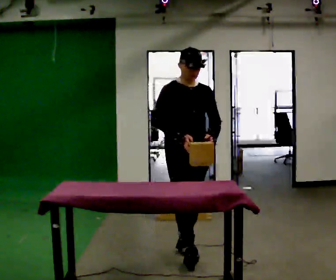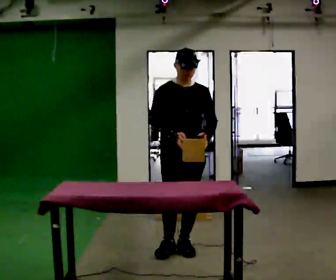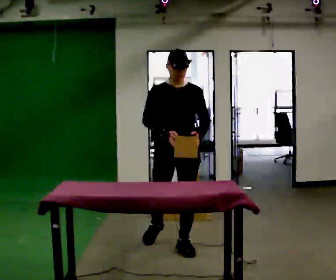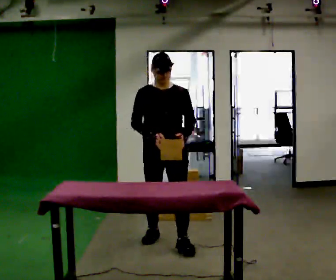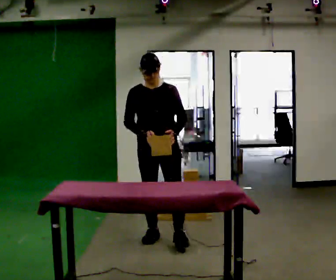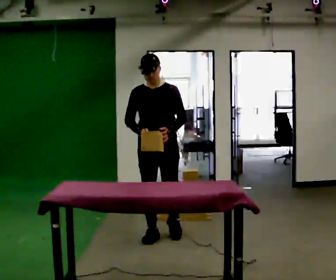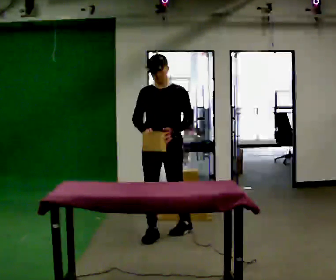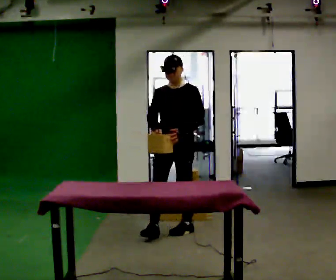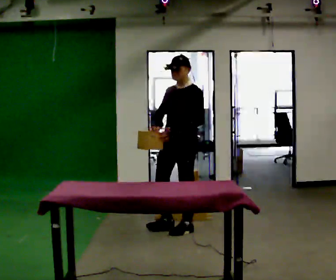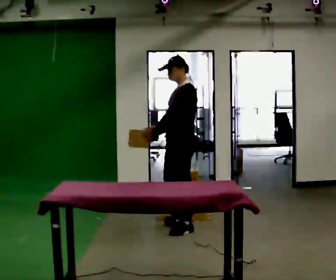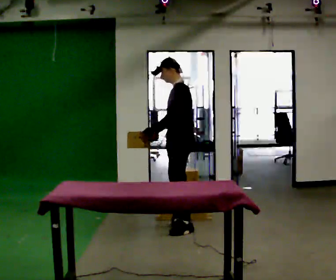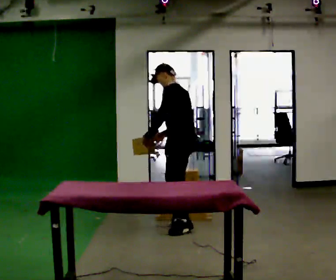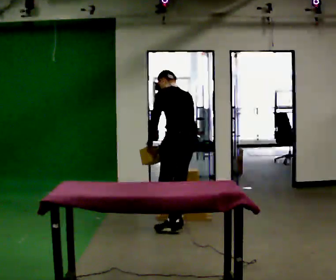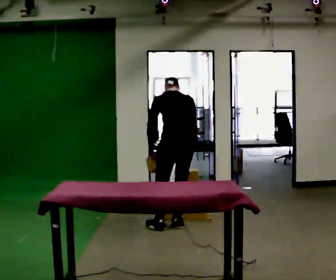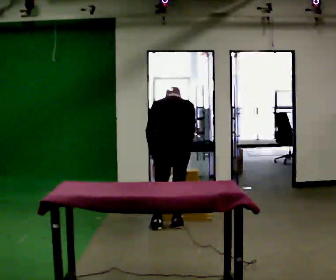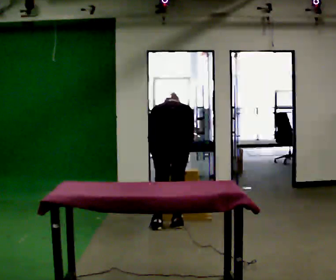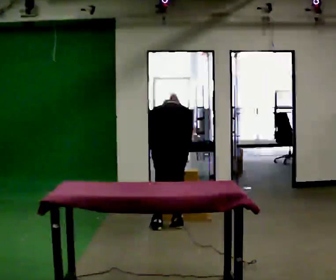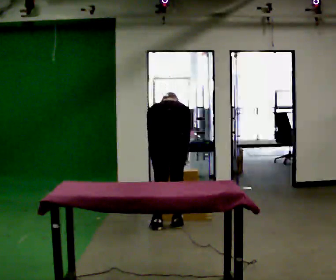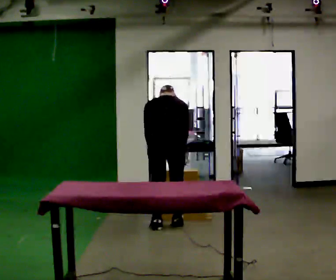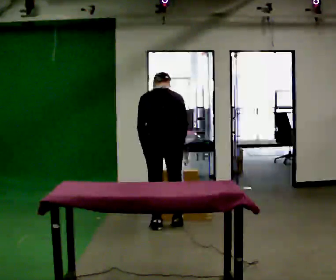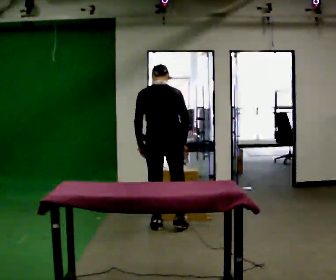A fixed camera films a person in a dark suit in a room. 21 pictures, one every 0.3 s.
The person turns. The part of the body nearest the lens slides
to the left.
The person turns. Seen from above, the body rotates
clockwise.
0.0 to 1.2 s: In the picture they go away from the camera and to the left, about 0.5 m in 1 step, which for them is backward and to their right.
1.2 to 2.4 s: The person turns about 45 degrees to their right, clockwise seen from above, so the part of the body nearest the lens slides to the left. In the picture they go away from the camera and to the right, about 0.25 m in 1 step, which for them is backward and to their left.
2.4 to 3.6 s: The person turns about 90 degrees to their right, clockwise seen from above, so the part of the body nearest the lens slides to the left. In the picture they go away from the camera, about 0.25 m in 1 step. The upper body tips away from the camera, its near side rolling upward, as they bend forward. In the picture their left hand goes to the left.
3.6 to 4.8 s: The part of the body nearest the lens slides to the left as the person turns to their right by about 45 degrees. The shoulders move downward. The upper body tips away from the camera, its near side rolling upward, as they bend forward.
4.8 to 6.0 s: The upper body goes upward. The upper body tips toward the camera, its near side rolling downward, as they lean back or straighten.
The film runs backward here.
